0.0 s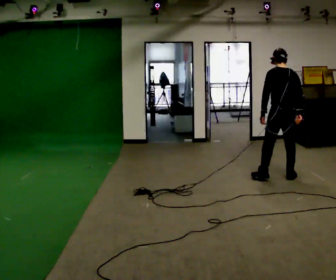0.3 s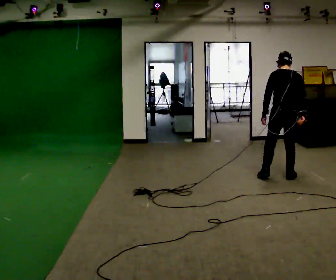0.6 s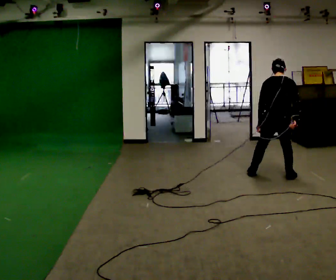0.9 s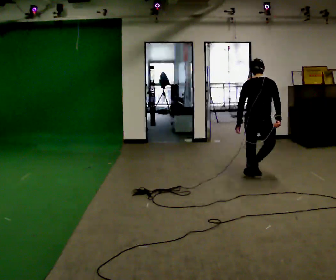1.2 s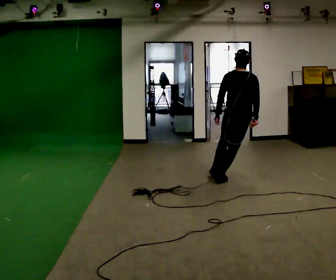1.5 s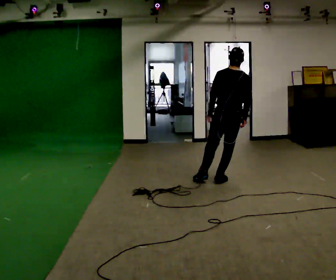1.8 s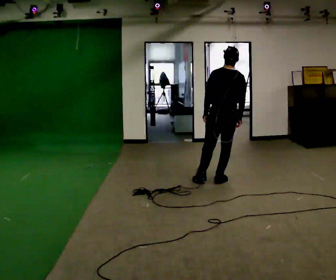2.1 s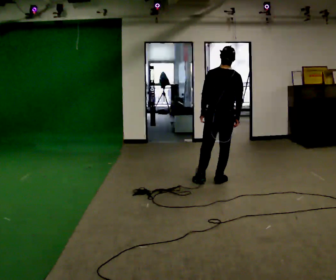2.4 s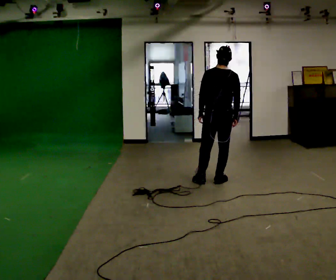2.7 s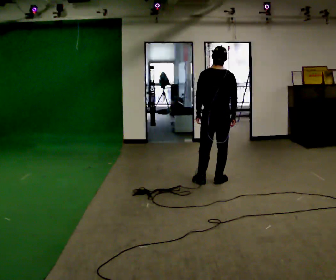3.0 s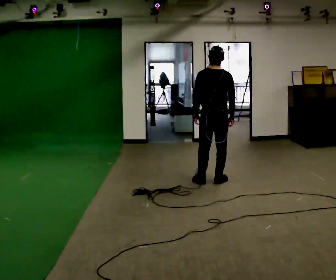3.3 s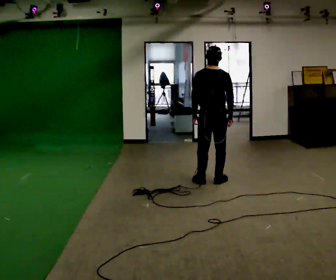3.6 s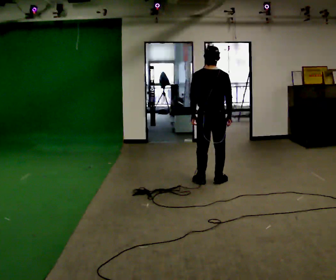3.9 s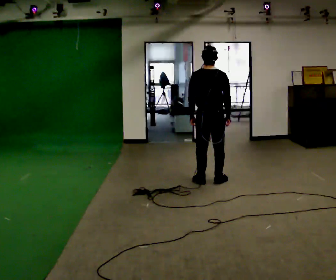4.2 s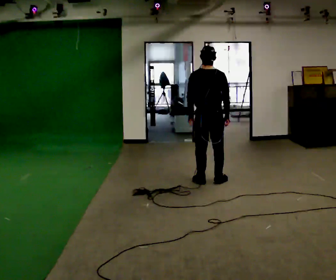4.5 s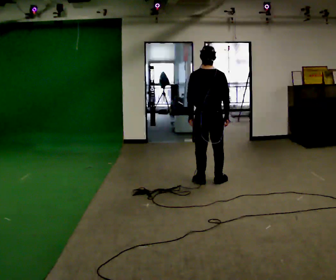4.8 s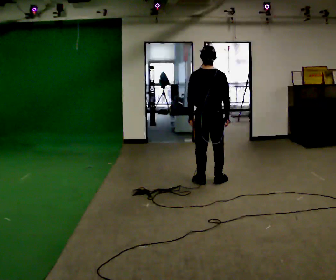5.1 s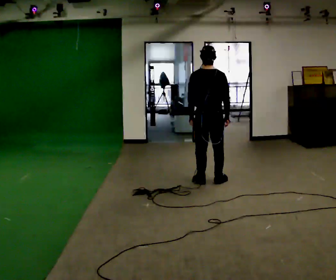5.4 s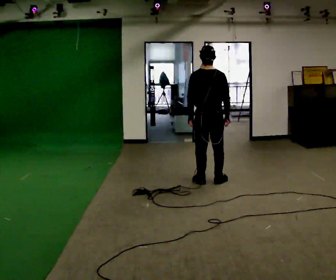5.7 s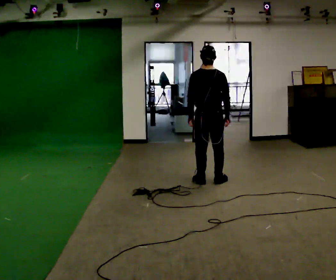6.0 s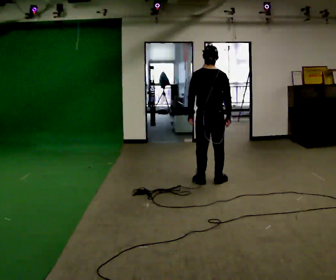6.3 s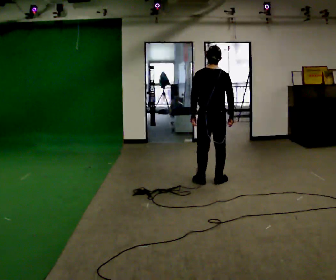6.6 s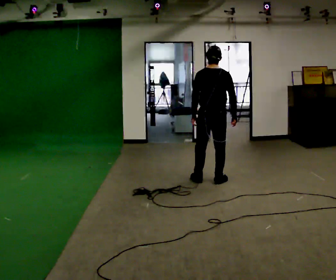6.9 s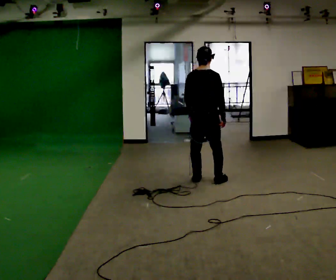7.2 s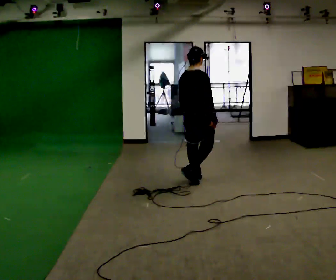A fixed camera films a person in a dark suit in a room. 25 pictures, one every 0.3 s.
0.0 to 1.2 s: In the picture they go to the left, about 0.5 m in 3 steps, which for them is to their left.
1.2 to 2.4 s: In the picture they go to the left, about 0.25 m, which for them is to their left.
2.4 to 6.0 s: The person moves a little, or ends about where they began.
6.0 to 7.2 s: The person turns about 45 degrees to their right, clockwise seen from above, so the part of the body nearest the lens slides to the left. In the picture they go to the left, about 0.25 m in 1 step, which for them is to their left.
The film runs backward here.
